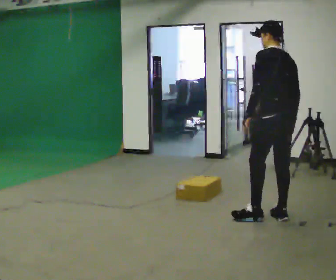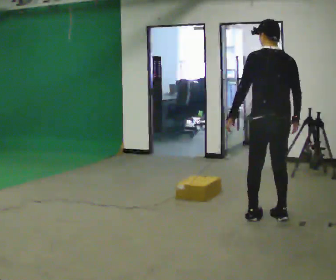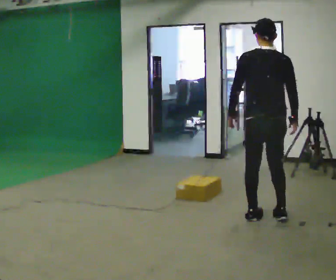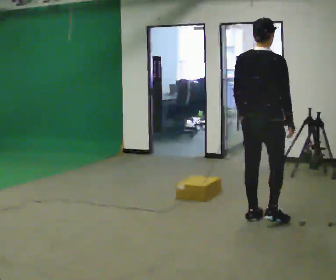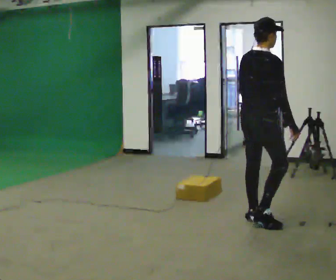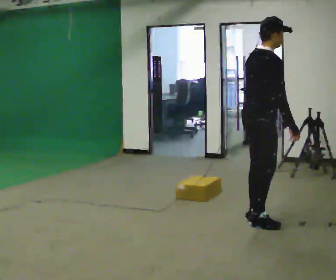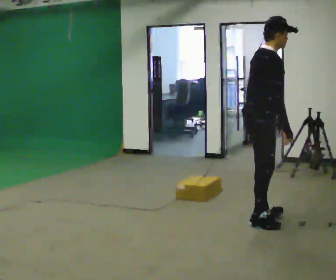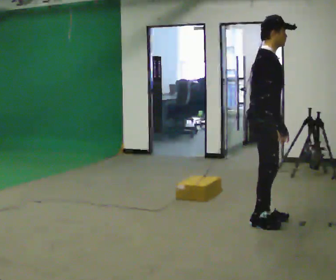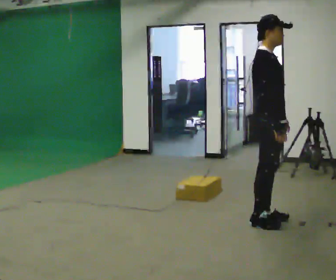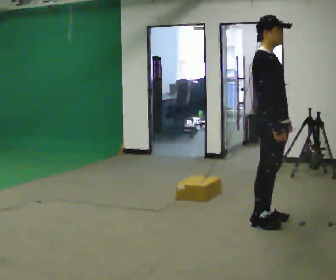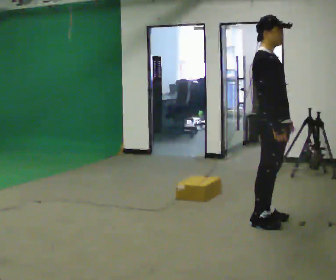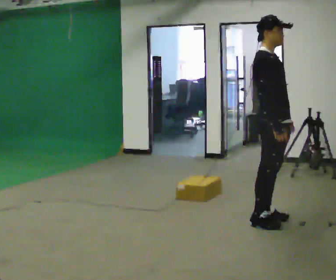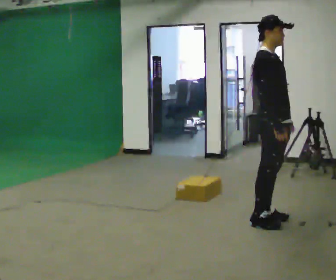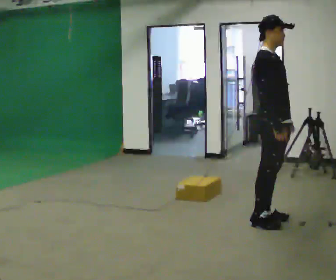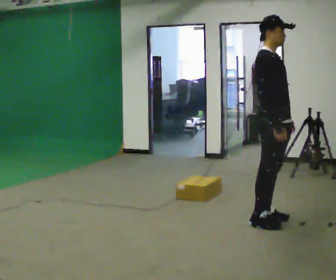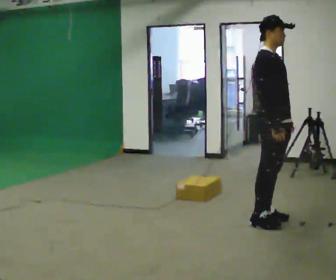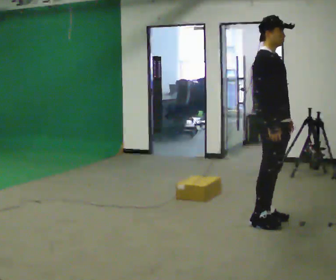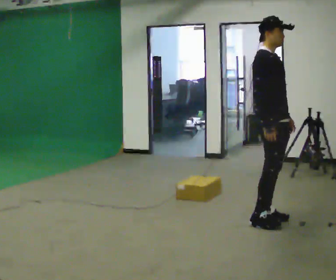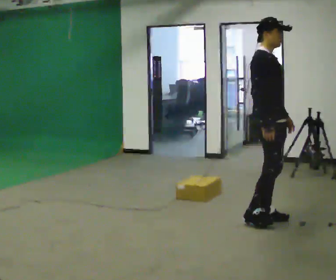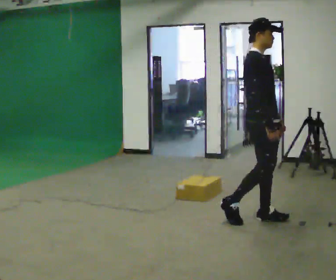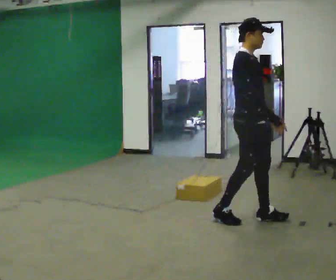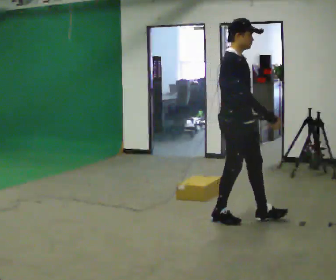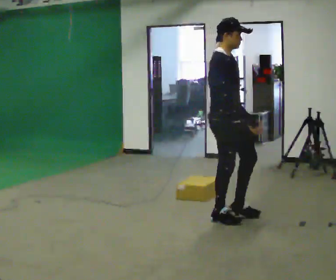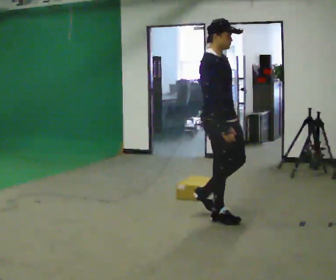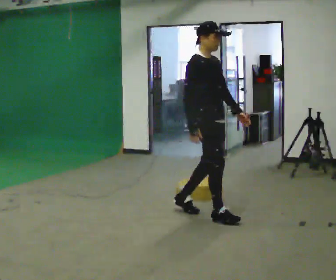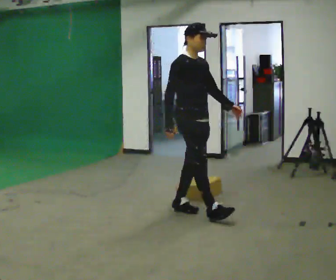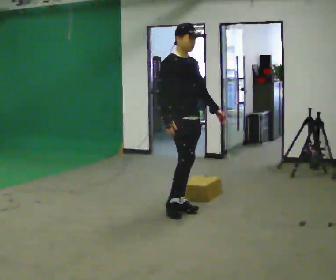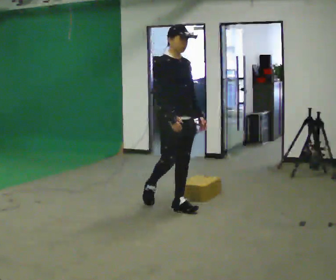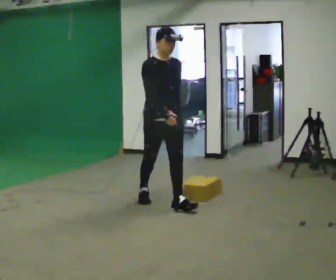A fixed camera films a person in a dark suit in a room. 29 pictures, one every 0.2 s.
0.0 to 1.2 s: The person turns about 120 degrees to their right, clockwise seen from above, so the part of the body nearest the lens slides to the left. In the picture they go to the left, about 0.25 m in 1 step. In the picture the upper body tilts clockwise, shoulders to the right.
1.2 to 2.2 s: The part of the body nearest the lens slides to the left as the person turns to their right by about 30 degrees. In the picture the upper body tilts counterclockwise, shoulders to the left, as they lean back or straighten.
2.2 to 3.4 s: The person moves a little, or ends about where they began.
3.4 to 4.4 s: In the picture they go to the left, about 0.5 m in 2 steps, which for them is backward.
4.4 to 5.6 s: Seen from above the body turns clockwise, about 30 degrees: to their right, with its near side sliding to the left. In the picture they go to the left and away from the camera, about 1 m in 1 step, which for them is backward.
The film runs backward here.
